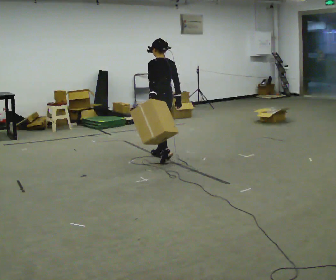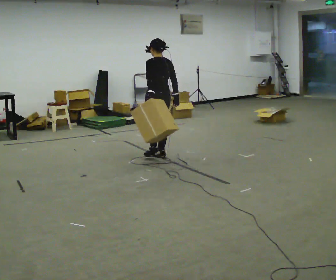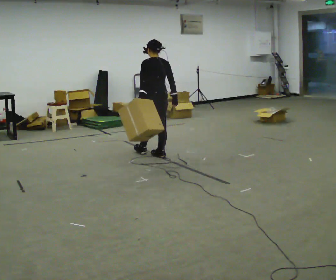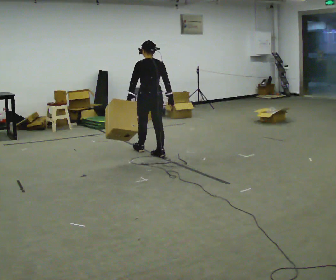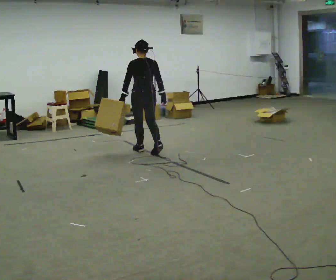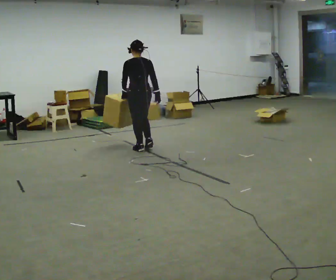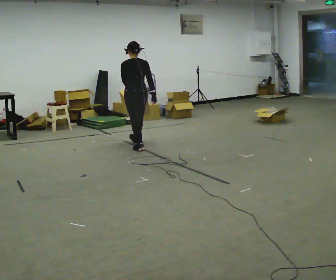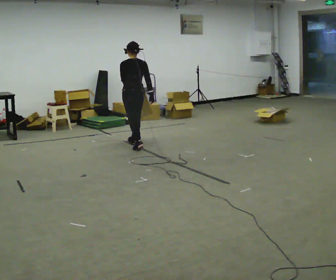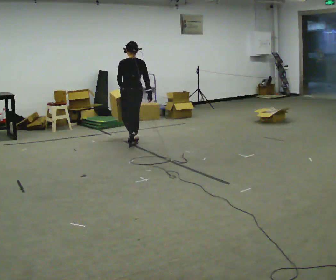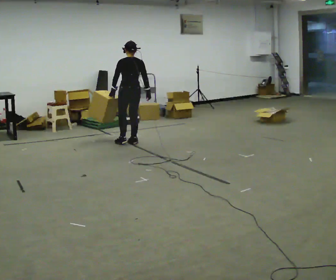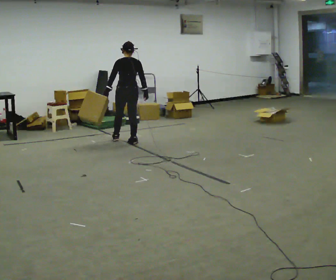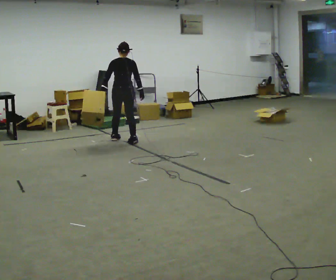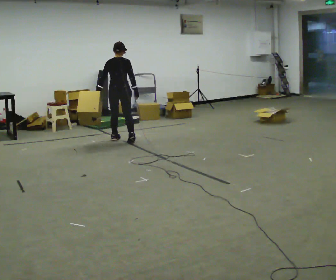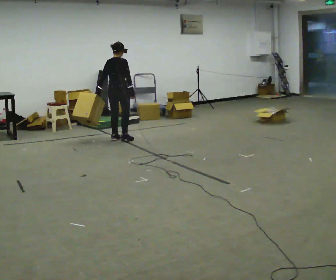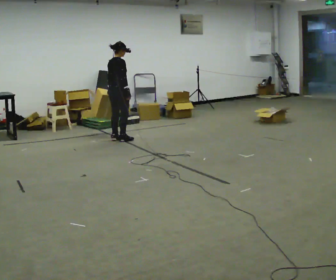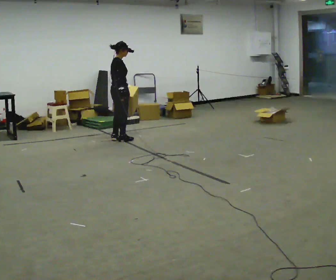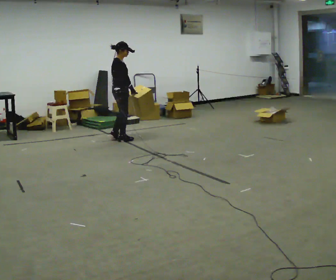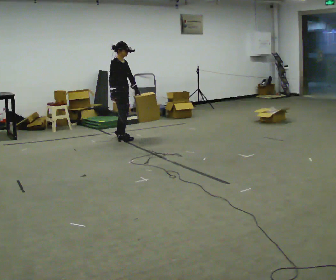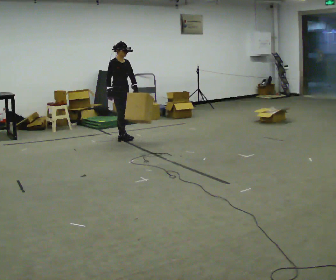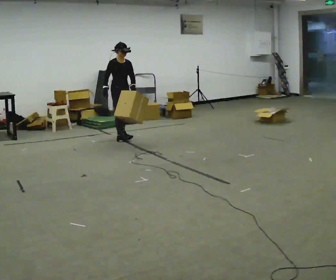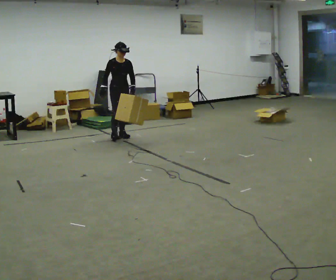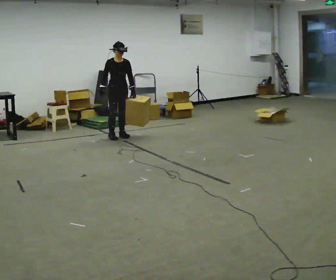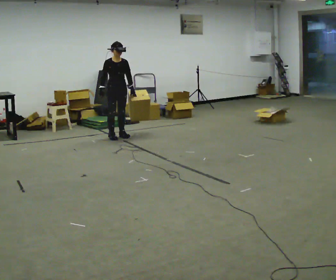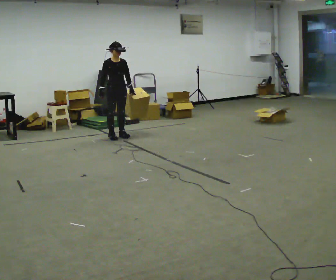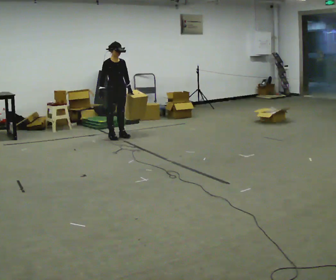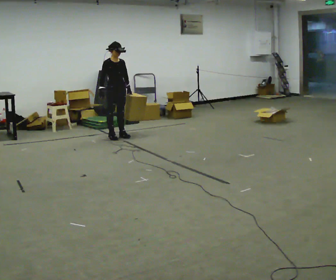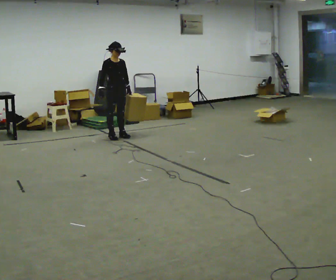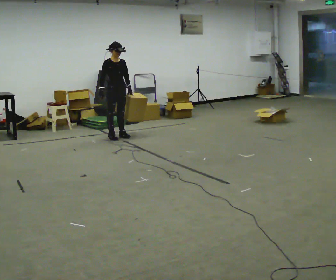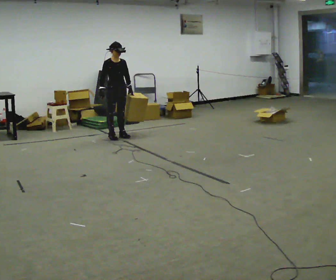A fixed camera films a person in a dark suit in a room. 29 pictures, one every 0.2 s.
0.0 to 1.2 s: In the picture they go away from the camera and to the left, about 0.75 m in 1 step, which for them is forward.
1.2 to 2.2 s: In the picture they go away from the camera and to the left, about 0.5 m in 2 steps, which for them is forward.
2.2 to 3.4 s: The part of the body nearest the lens slides to the left as the person turns to their right by about 105 degrees. In the picture they go away from the camera, about 0.25 m in 1 step. In the picture their left hand goes to the right, the arm swinging counterclockwise.
3.4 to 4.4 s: The part of the body nearest the lens slides to the left as the person turns to their right by about 45 degrees. In the picture they go away from the camera, about 0.25 m in 2 steps, which for them is backward.
4.4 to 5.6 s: The person moves a little, or ends about where they began.
The film runs forward here.
